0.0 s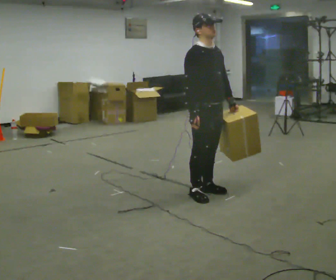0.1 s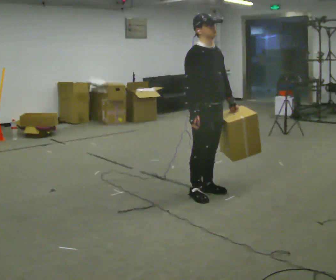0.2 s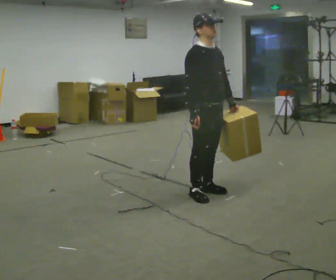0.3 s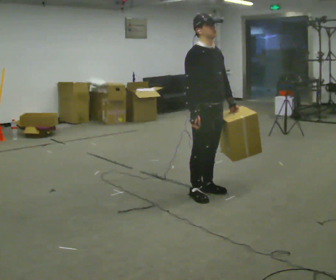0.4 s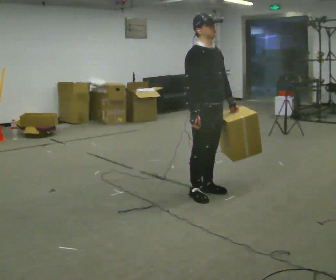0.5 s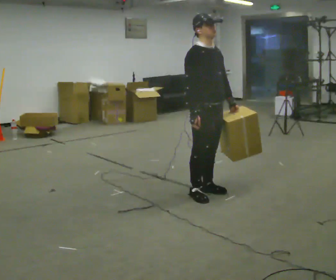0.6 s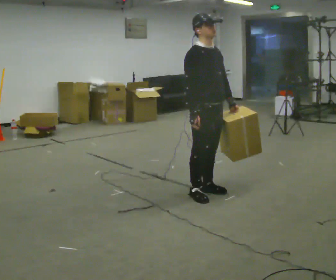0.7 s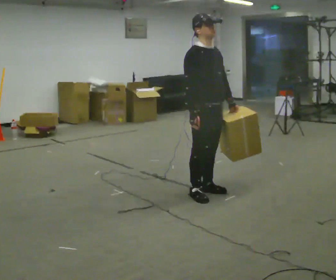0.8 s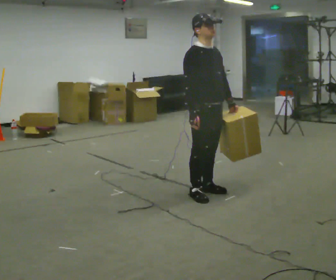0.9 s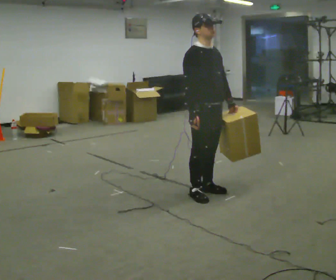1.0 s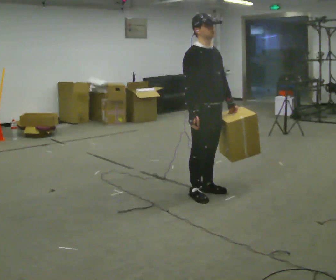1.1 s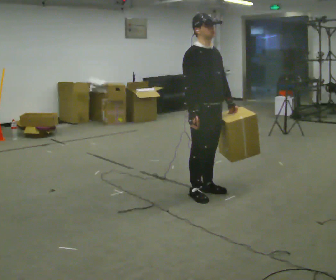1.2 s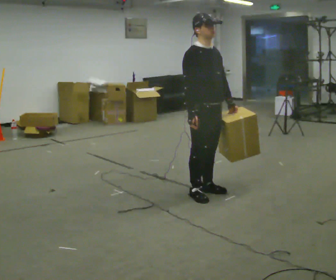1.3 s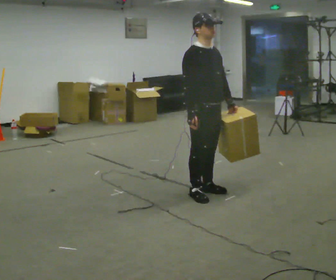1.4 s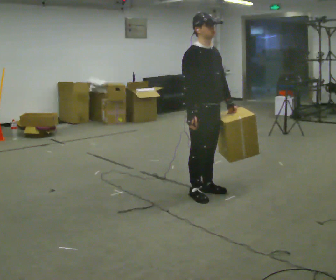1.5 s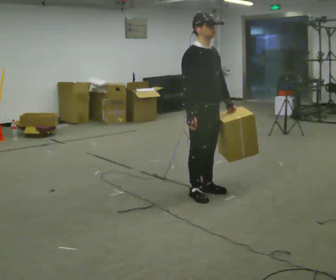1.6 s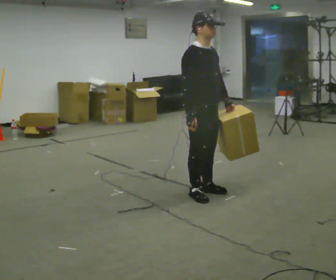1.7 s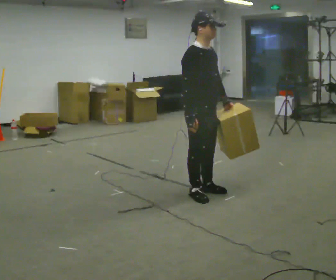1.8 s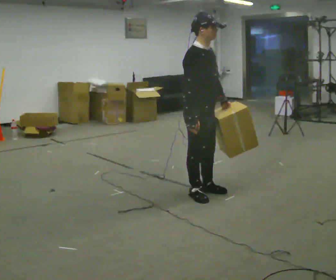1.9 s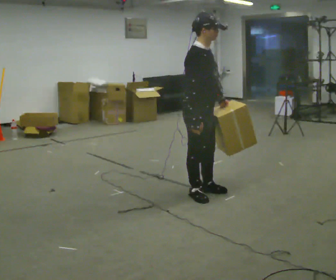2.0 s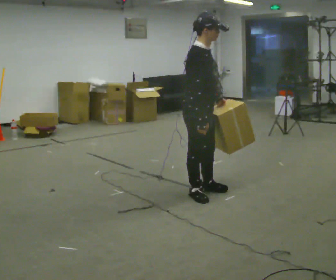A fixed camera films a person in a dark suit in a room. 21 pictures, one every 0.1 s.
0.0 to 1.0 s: The person keeps their place and pose.
1.0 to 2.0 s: The part of the body nearest the lens slides to the right as the person turns to their left by about 30 degrees.
The film runs forward here.
